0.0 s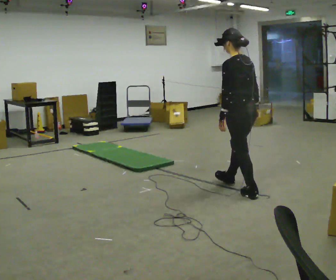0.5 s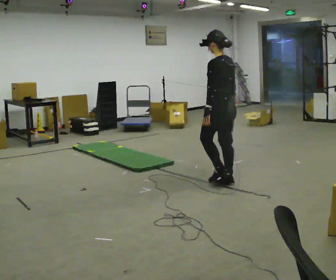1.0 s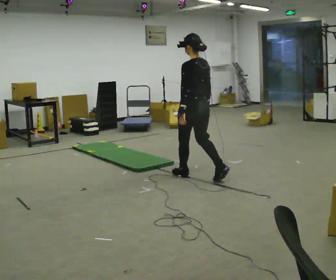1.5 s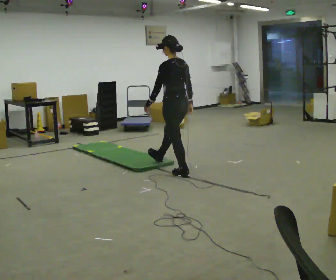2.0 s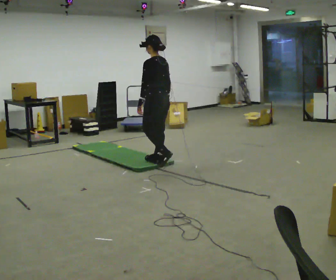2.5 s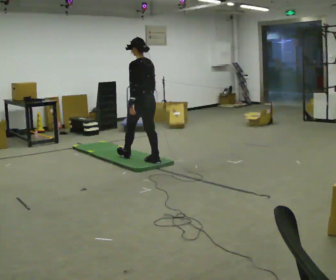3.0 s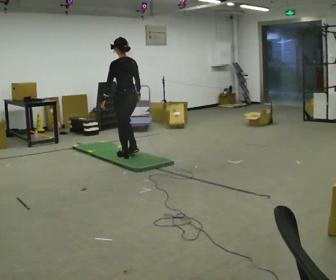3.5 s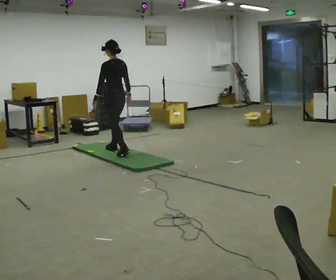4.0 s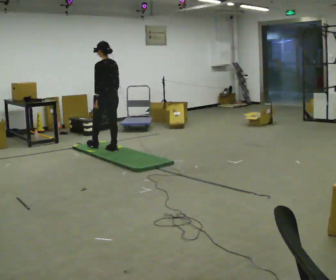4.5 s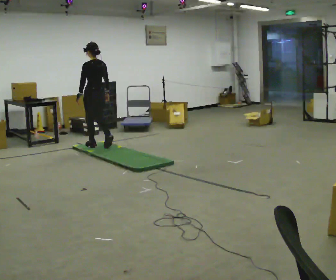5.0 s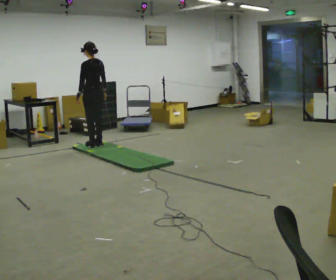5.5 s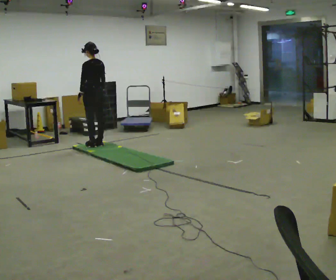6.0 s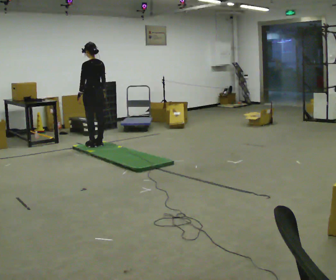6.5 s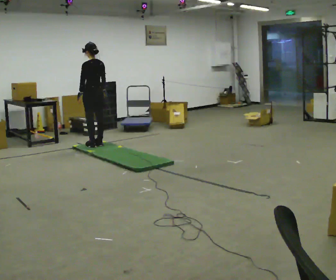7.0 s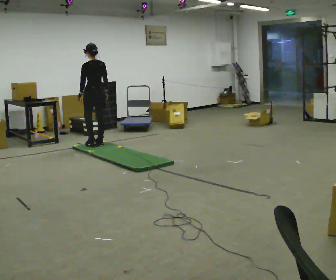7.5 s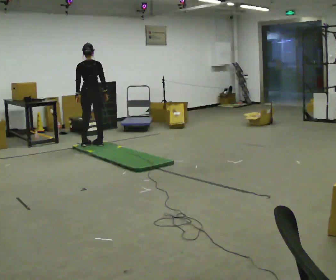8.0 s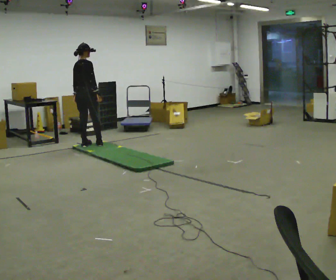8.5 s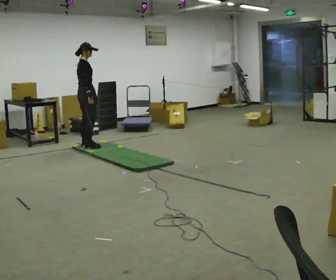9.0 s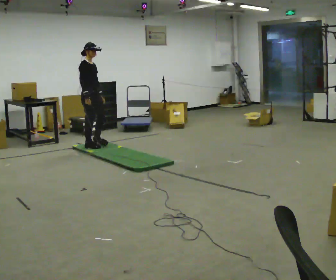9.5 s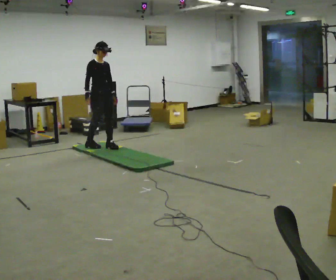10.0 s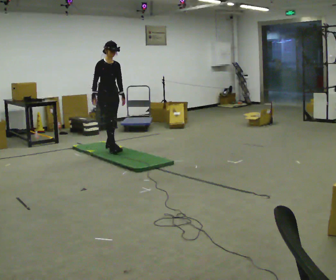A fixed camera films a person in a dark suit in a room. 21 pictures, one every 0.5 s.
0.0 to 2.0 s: In the picture they go away from the camera and to the left, about 1.5 m in 2 steps, which for them is forward.
2.0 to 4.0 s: In the picture they go away from the camera and to the left, about 1 m in 2 steps, which for them is forward.
4.0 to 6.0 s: In the picture they go away from the camera and to the left, about 0.5 m in 2 steps, which for them is forward.
6.0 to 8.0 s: Seen from above the body turns clockwise, about 75 degrees: to their right, with its near side sliding to the left.
8.0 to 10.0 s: The part of the body nearest the lens slides to the left as the person turns to their right by about 105 degrees. In the picture they go to the right and toward the camera, about 0.5 m in 2 steps.
The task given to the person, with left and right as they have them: Walk across the mats at a normal pace. They may not all feel the same underfoot. Carry on afterwards.
The film runs forward here.
